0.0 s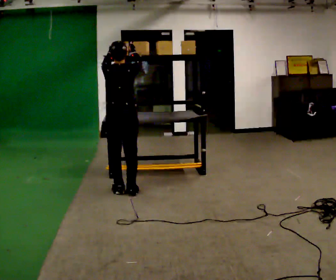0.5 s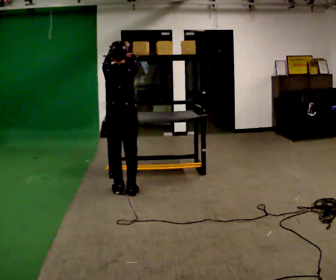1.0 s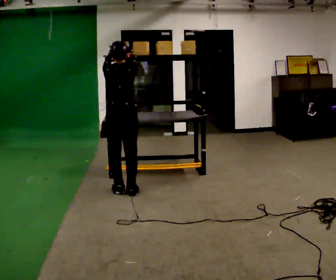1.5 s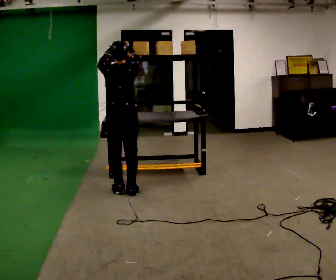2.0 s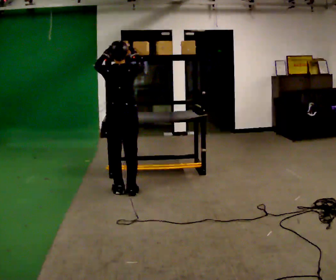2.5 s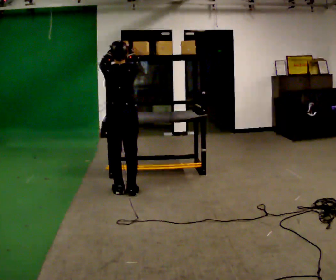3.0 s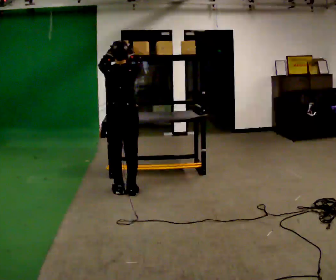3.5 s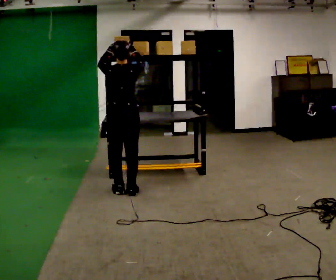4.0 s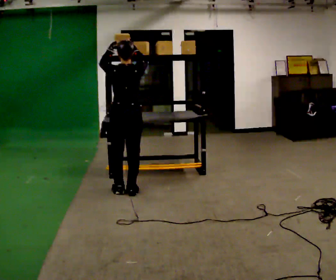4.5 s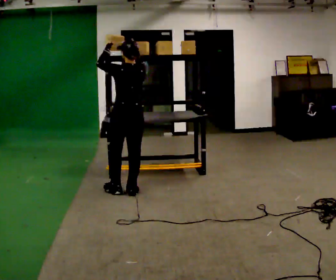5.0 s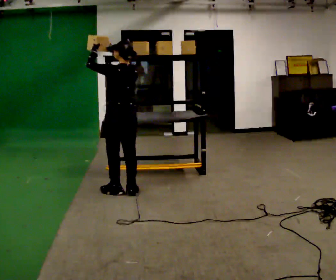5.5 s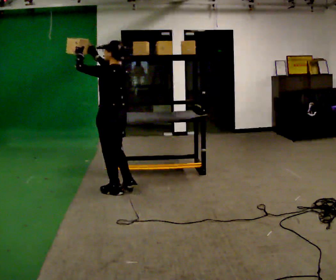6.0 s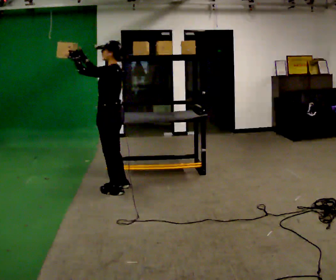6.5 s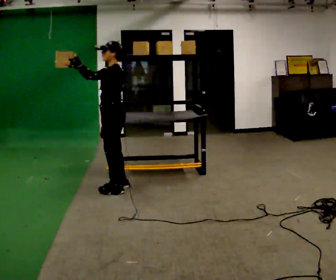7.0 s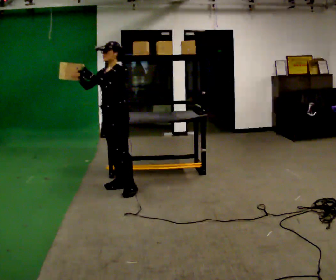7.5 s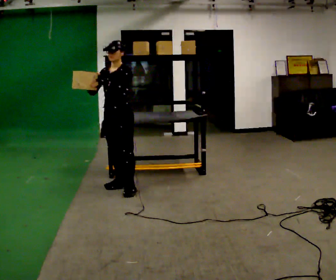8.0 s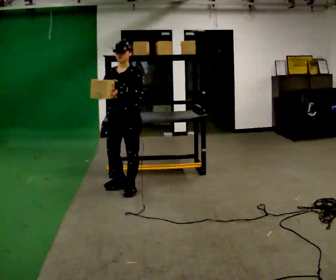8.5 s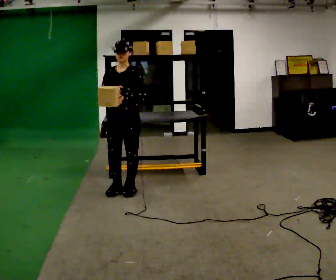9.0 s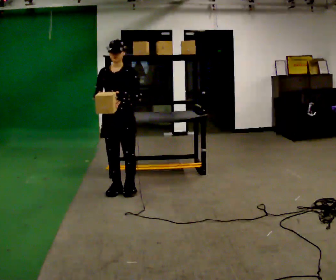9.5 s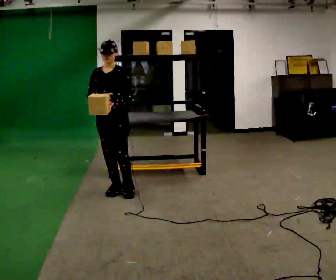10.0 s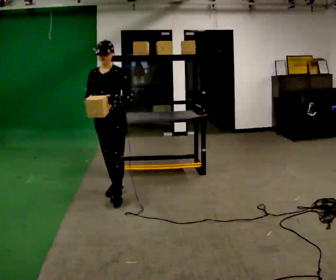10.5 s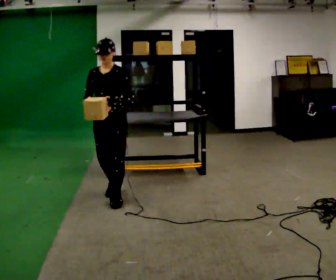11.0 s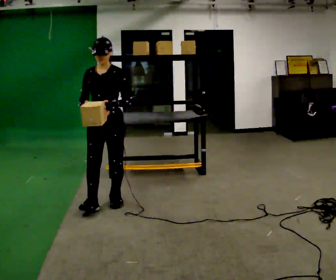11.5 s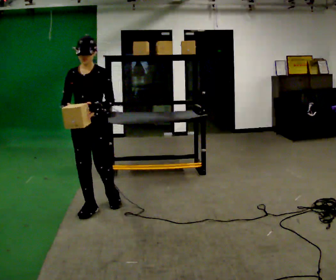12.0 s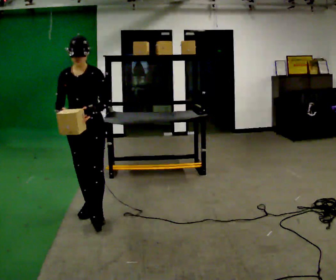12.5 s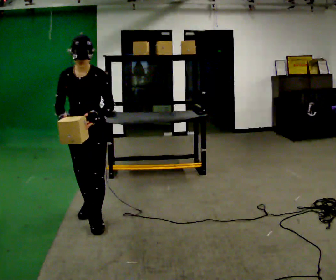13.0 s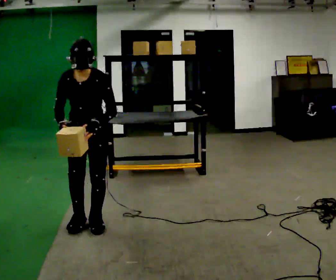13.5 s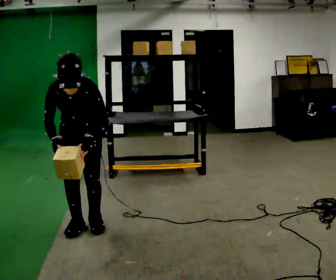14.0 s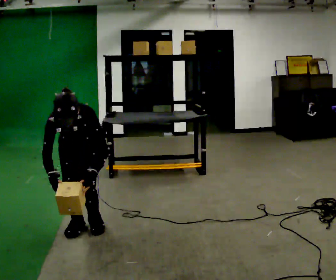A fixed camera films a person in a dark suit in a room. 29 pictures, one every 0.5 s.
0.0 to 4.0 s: The person moves a little, or ends about where they began.
4.0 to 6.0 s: The person turns about 75 degrees to their left, counterclockwise seen from above, so the part of the body nearest the lens slides to the right. In the picture they go to the left, about 0.25 m in 1 step. In the picture their right hand goes to the left.
6.0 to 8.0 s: The person turns about 75 degrees to their left, counterclockwise seen from above, so the part of the body nearest the lens slides to the right. In the picture their right hand goes downward, the arm swinging counterclockwise.
8.0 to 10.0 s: In the picture they go to the left, about 0.25 m in 1 step.
10.0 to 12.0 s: In the picture they go toward the camera, about 0.5 m in 2 steps, which for them is forward.
12.0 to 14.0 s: In the picture they go toward the camera, about 0.25 m in 1 step, which for them is forward. The upper body goes downward. The upper body tips toward the camera, its near side rolling downward, as they bend forward. In the picture their left hand goes downward.
The film runs forward here.
